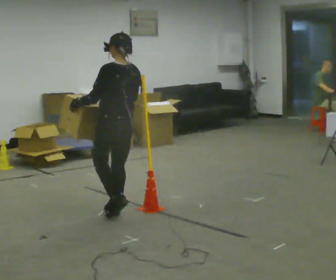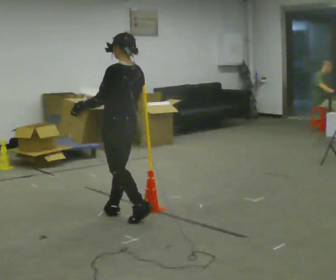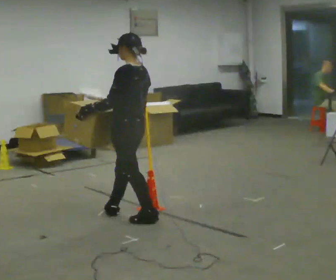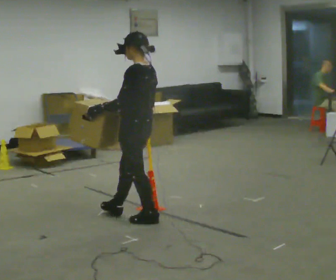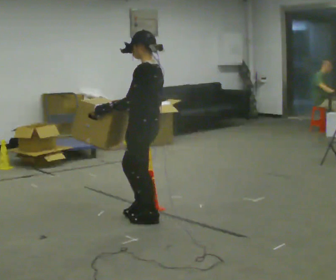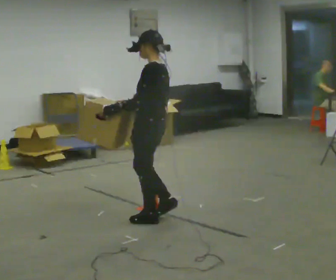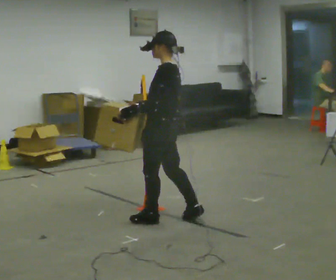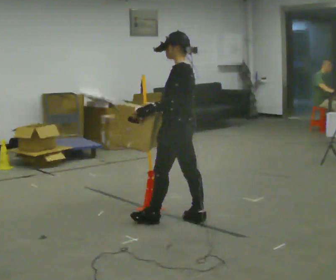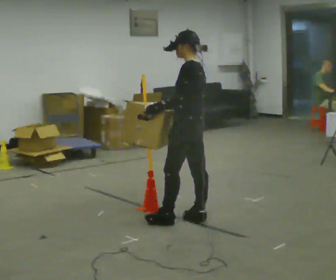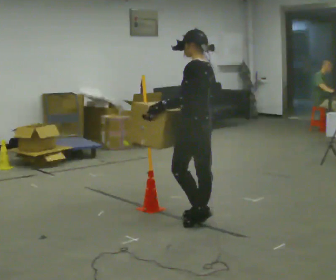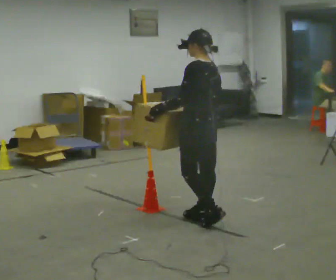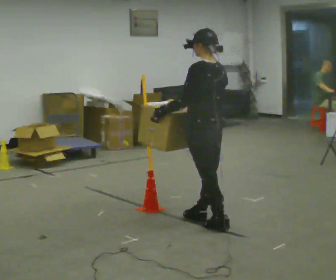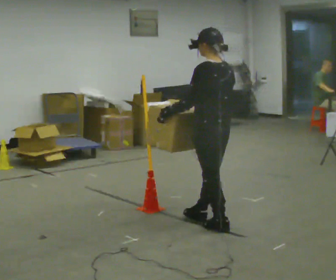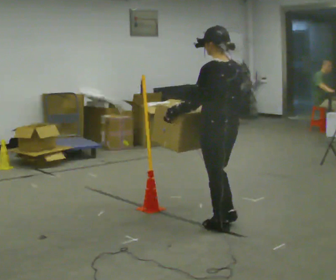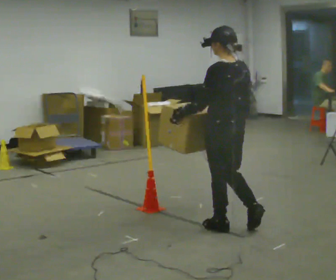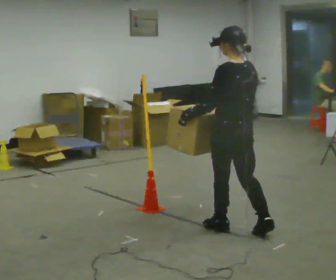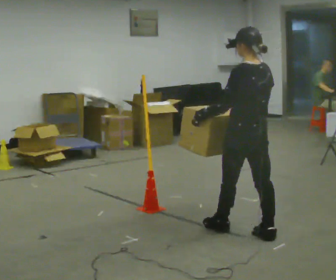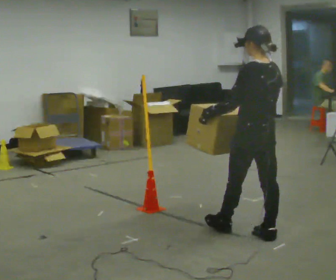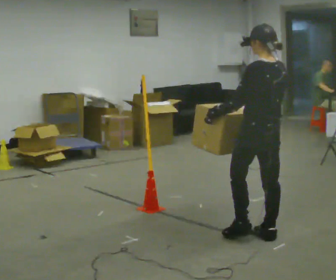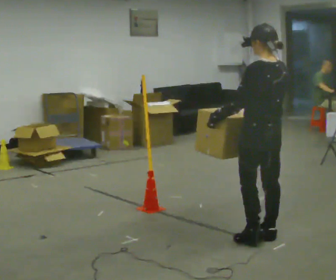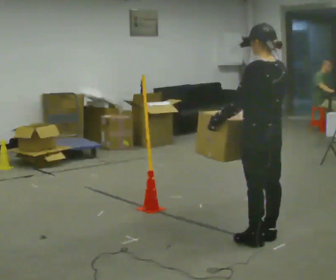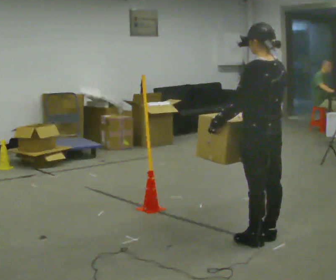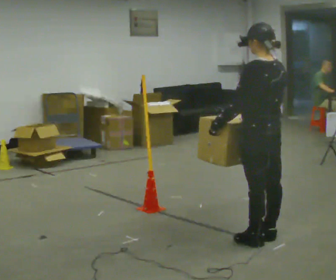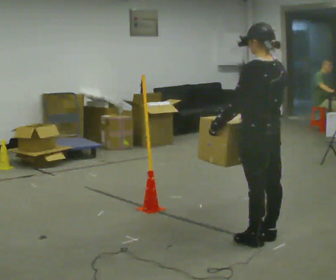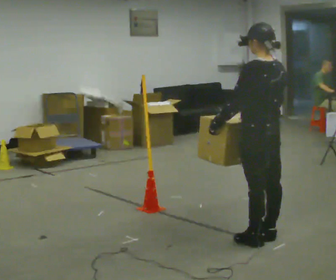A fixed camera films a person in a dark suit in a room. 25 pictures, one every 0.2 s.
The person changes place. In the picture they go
to the right.
0.0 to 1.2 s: The person turns about 30 degrees to their left, counterclockwise seen from above, so the part of the body nearest the lens slides to the right. In the picture they go to the right and toward the camera, about 0.5 m in 1 step, which for them is backward.
1.2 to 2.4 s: The person turns about 30 degrees to their right, clockwise seen from above, so the part of the body nearest the lens slides to the left. In the picture they go to the right and toward the camera, about 0.5 m in 1 step, which for them is backward.
2.4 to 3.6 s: In the picture they go to the right and toward the camera, about 0.5 m in 2 steps, which for them is backward.
3.6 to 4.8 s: The person moves a little, or ends about where they began.
The film runs backward here.
